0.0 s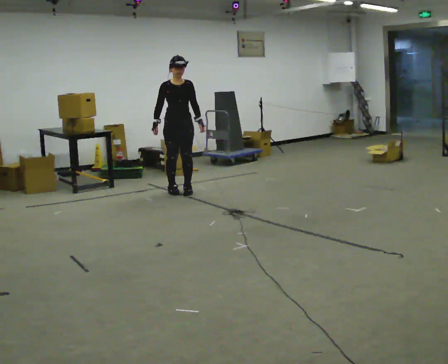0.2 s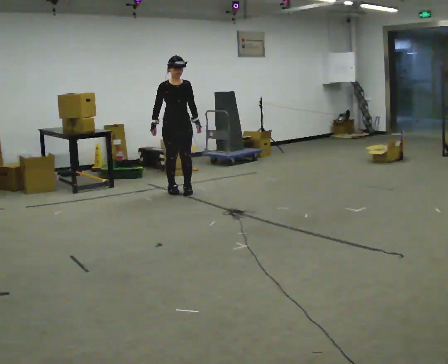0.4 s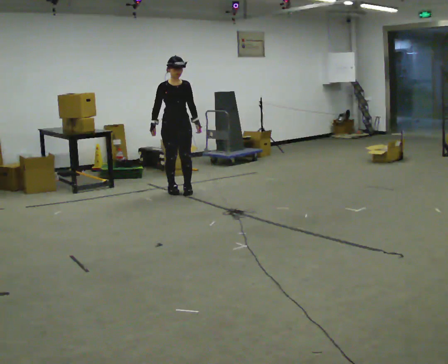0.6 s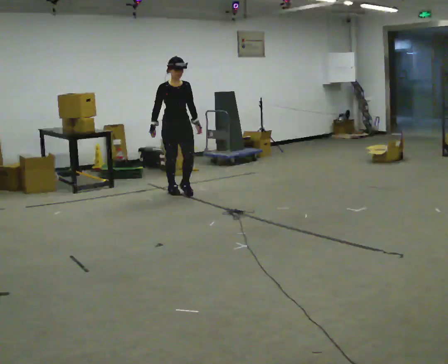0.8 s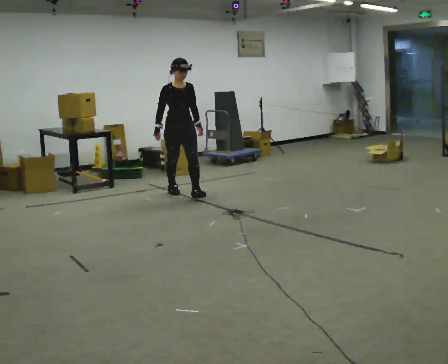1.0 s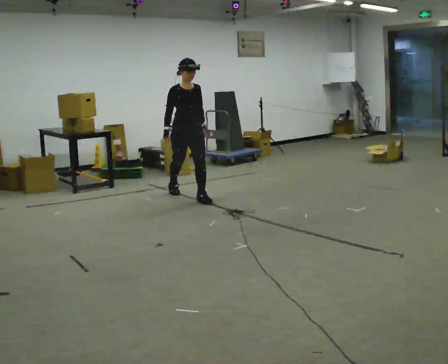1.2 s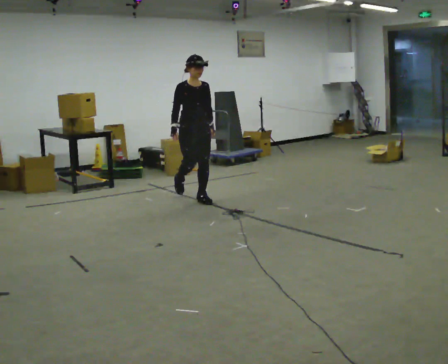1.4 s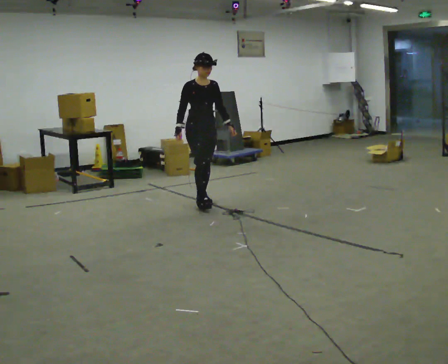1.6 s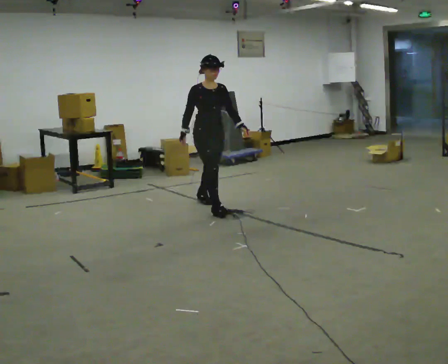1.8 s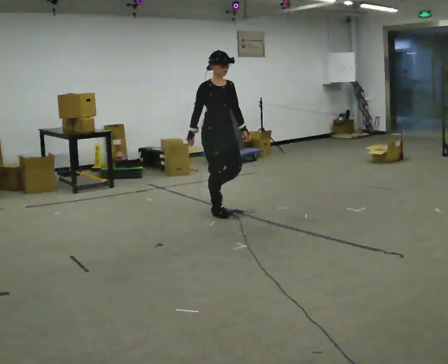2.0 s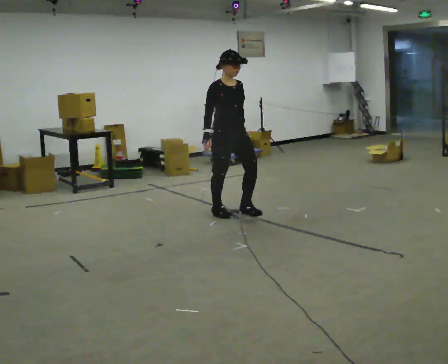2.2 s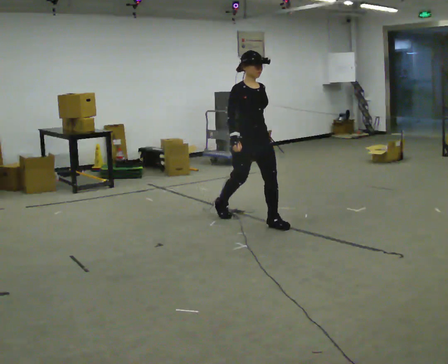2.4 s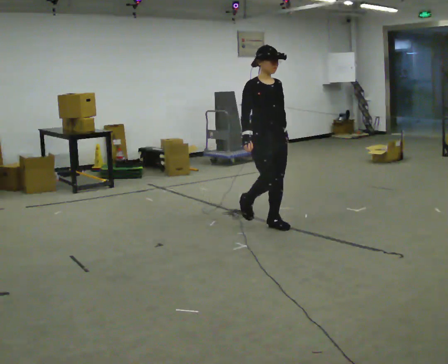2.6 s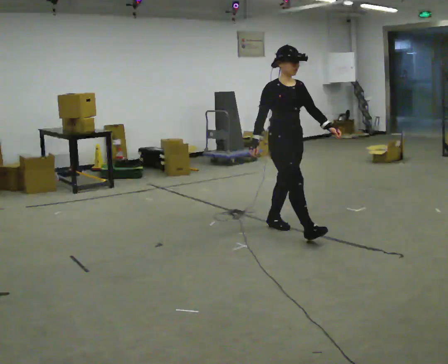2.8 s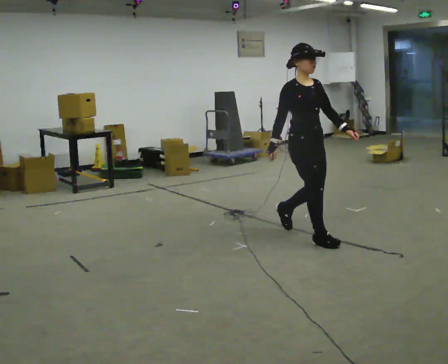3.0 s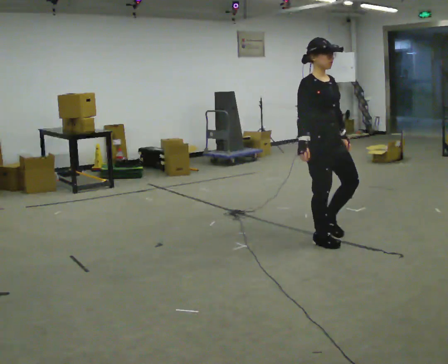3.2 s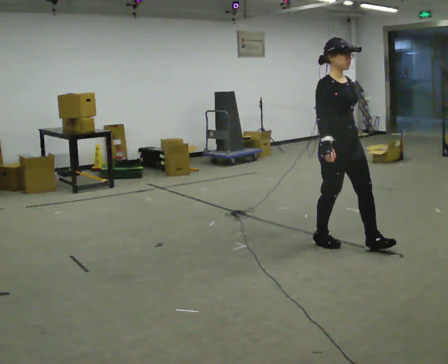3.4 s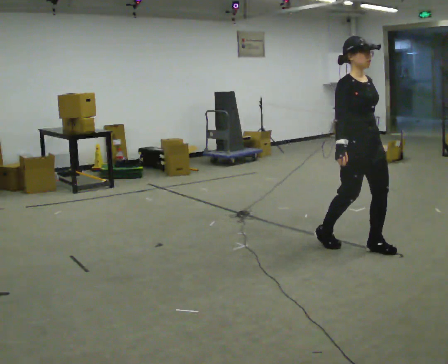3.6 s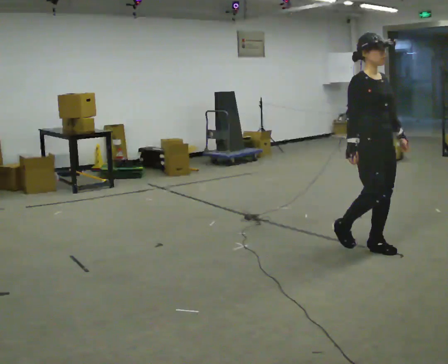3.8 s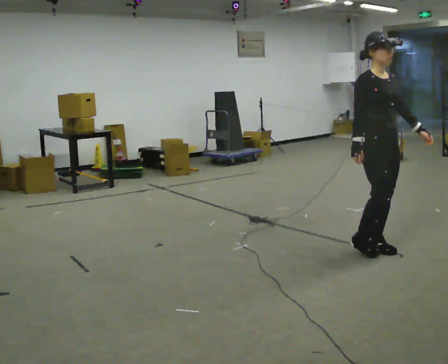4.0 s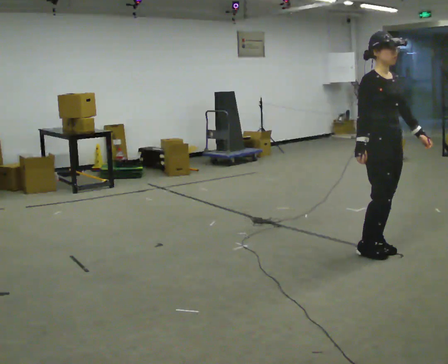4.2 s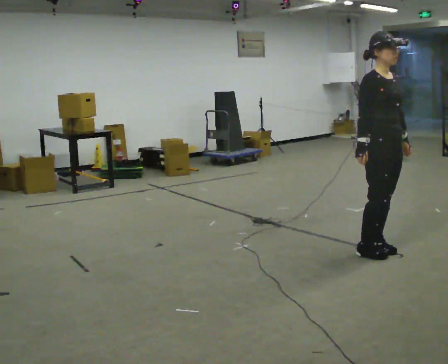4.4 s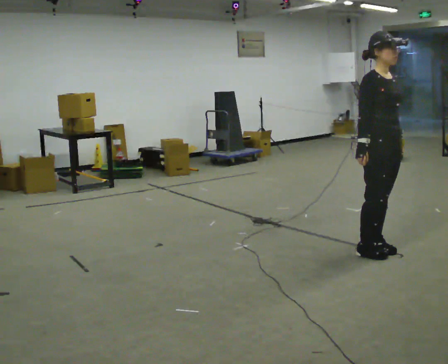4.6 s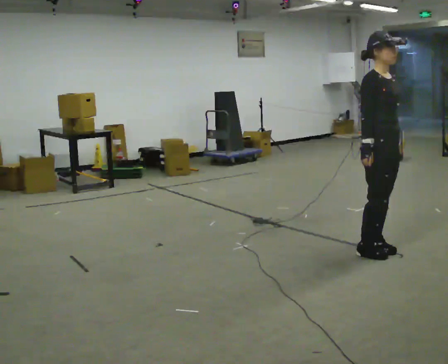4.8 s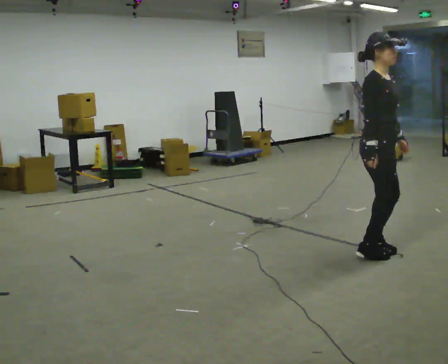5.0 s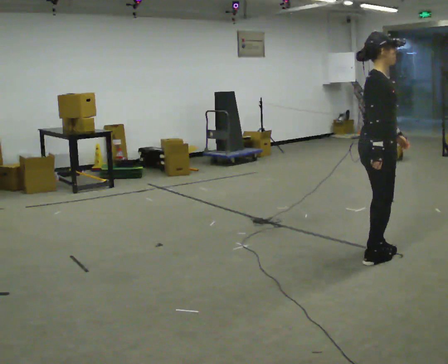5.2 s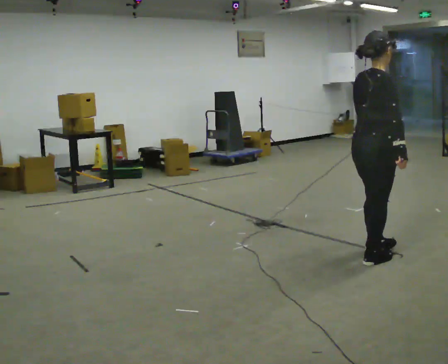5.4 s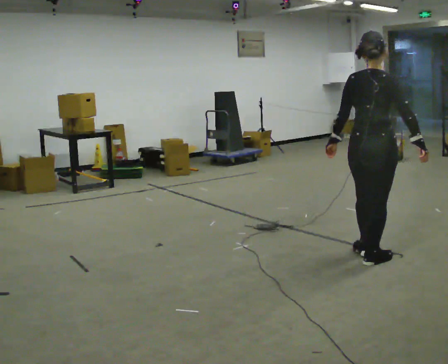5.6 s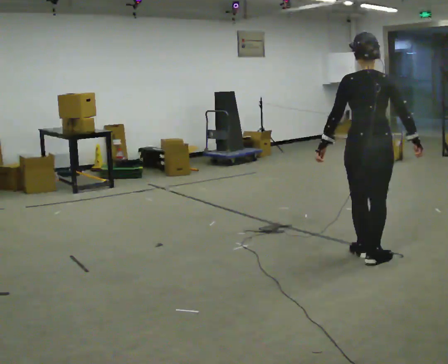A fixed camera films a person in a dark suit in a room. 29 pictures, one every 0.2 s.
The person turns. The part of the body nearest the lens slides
to the right.
The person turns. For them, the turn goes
to their left.
0.0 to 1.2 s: In the picture they go toward the camera and to the right, about 0.5 m in 1 step, which for them is forward.
1.2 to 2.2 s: In the picture they go toward the camera and to the right, about 1 m in 2 steps, which for them is forward.
2.2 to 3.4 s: In the picture they go to the right and toward the camera, about 1 m in 2 steps, which for them is forward.
3.4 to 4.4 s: The person moves a little, or ends about where they began.
4.4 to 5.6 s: The person turns about 135 degrees to their left, counterclockwise seen from above, so the part of the body nearest the lens slides to the right. In the picture their right hand goes to the right, the arm swinging counterclockwise.
The film runs forward here.
